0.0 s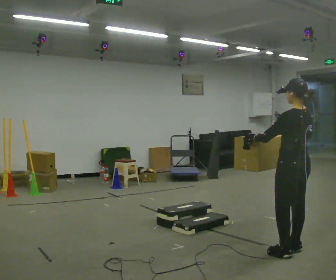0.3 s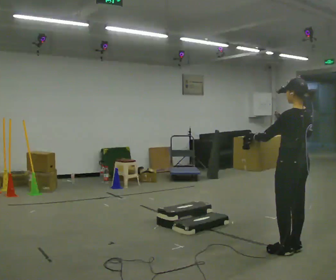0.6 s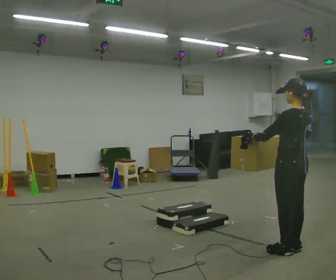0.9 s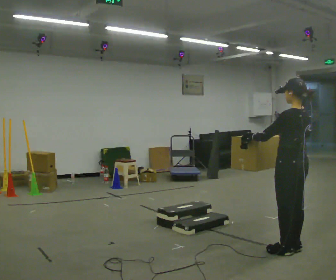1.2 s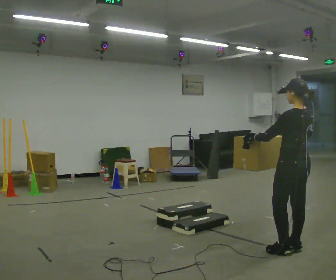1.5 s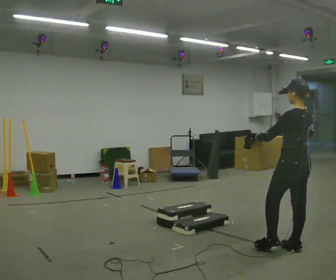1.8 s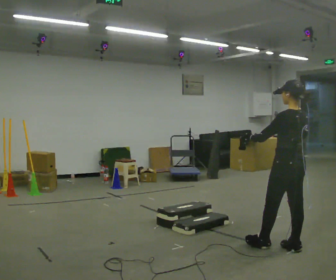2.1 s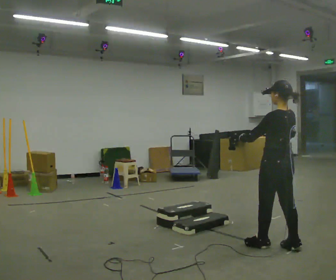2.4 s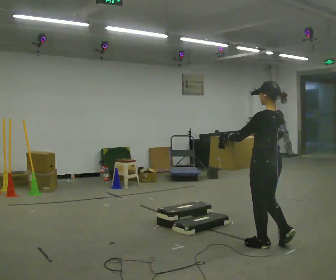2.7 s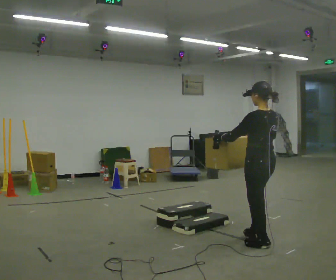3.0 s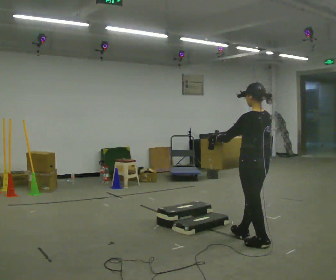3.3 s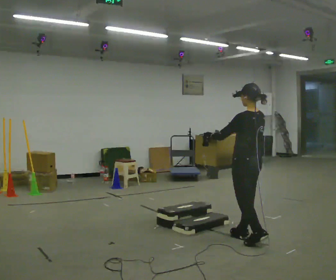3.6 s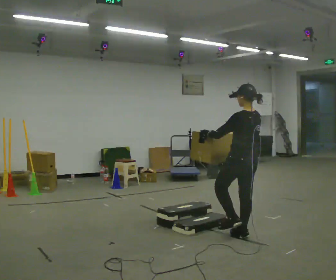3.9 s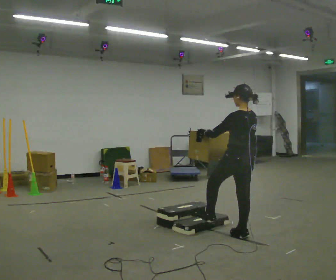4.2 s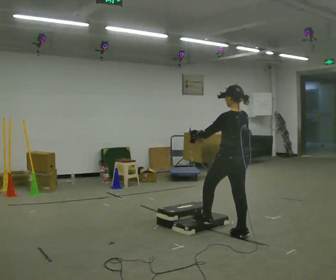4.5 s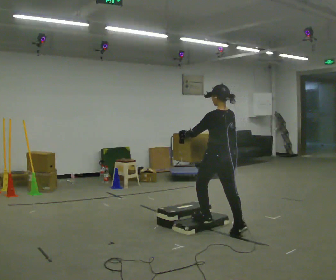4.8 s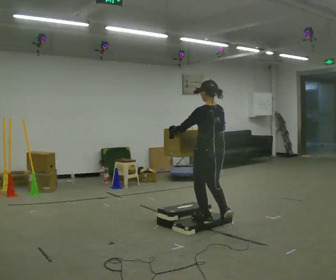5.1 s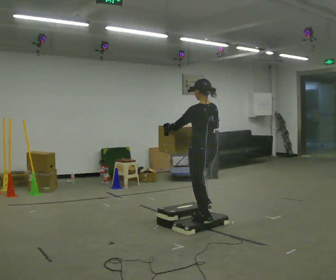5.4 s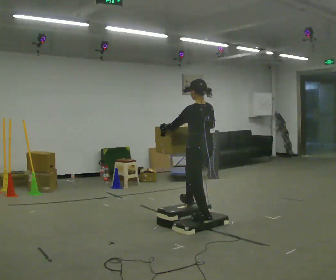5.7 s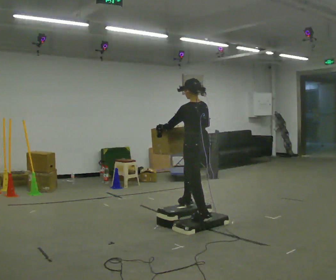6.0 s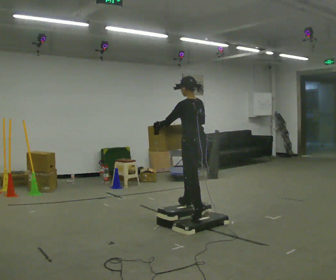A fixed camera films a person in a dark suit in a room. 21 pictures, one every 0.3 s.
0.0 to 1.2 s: The person moves a little, or ends about where they began.
1.2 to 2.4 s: In the picture they go to the left, about 0.25 m in 1 step, which for them is forward.
2.4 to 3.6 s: In the picture they go away from the camera and to the left, about 0.5 m in 1 step, which for them is forward.
3.6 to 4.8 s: In the picture they go to the left and away from the camera, about 0.5 m in 1 step, which for them is forward.
4.8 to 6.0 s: In the picture they go away from the camera and to the left, about 0.25 m in 1 step, which for them is forward.
The film runs forward here.
